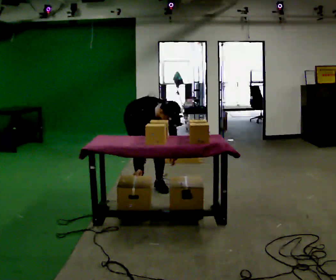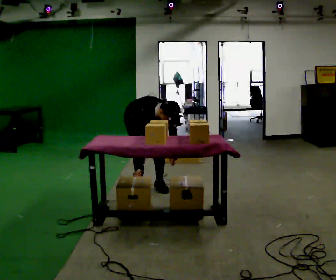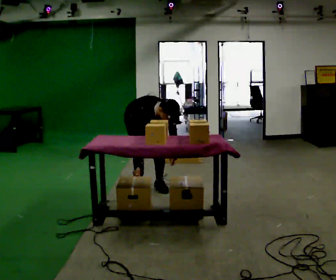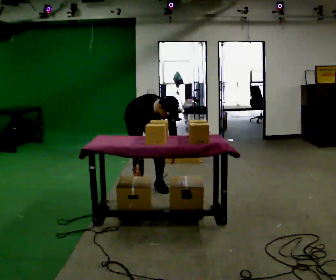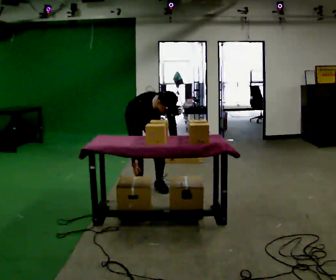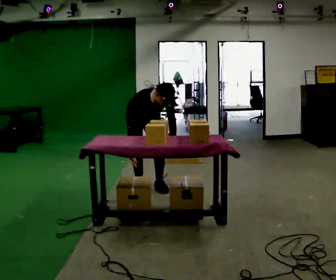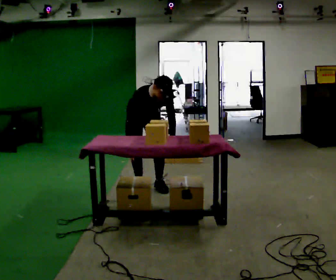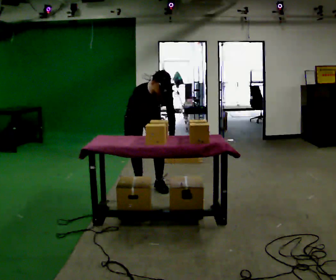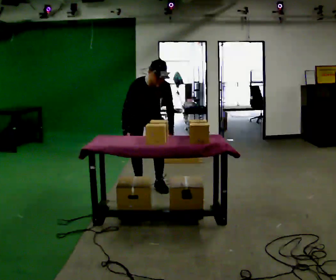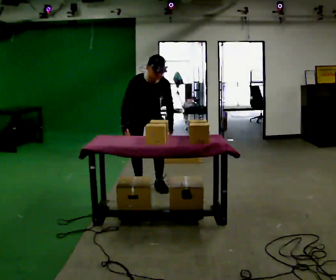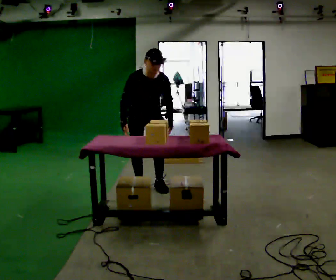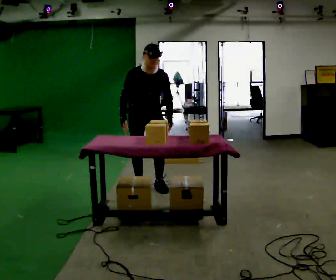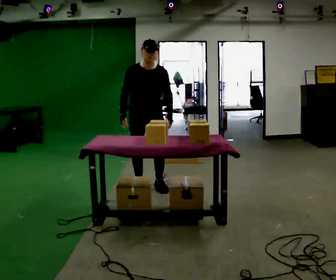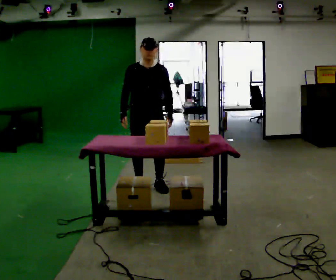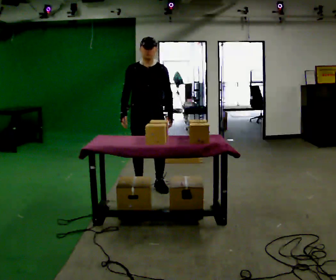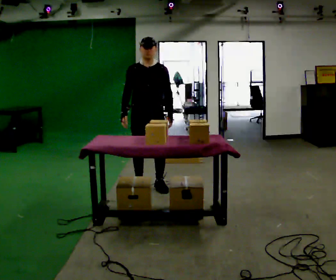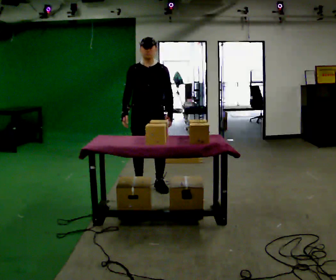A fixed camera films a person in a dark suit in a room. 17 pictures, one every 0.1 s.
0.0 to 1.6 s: The person turns about 30 degrees to their right, clockwise seen from above, so the part of the body nearest the lens slides to the left. The shoulders move upward. The upper body tips away from the camera, its near side rolling upward, as they lean back or straighten. In the picture their left hand goes upward.
The film runs forward here.
